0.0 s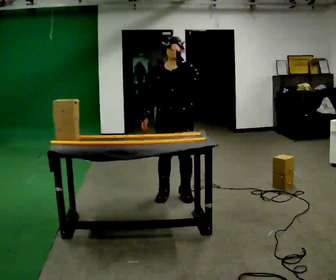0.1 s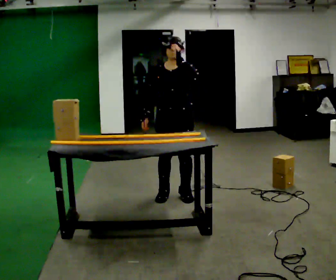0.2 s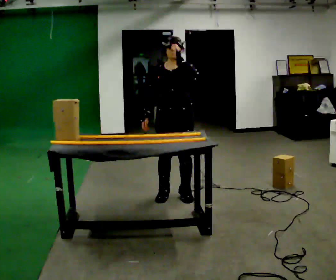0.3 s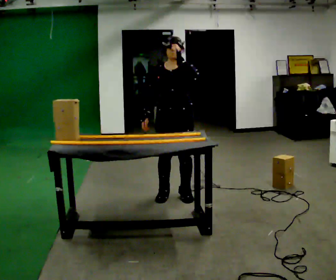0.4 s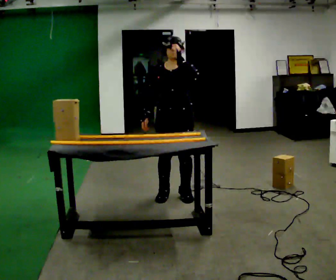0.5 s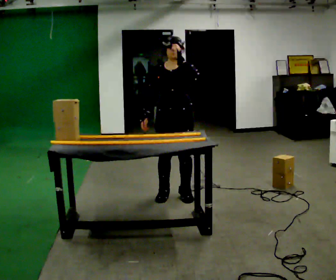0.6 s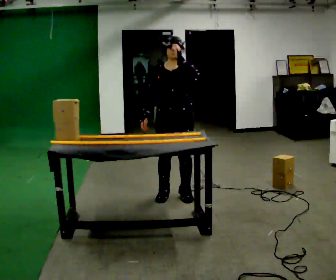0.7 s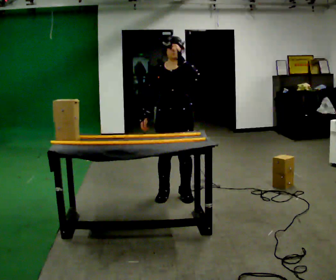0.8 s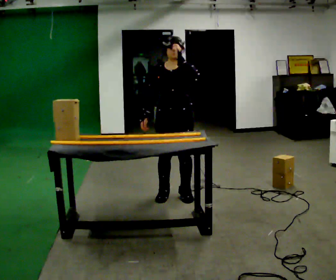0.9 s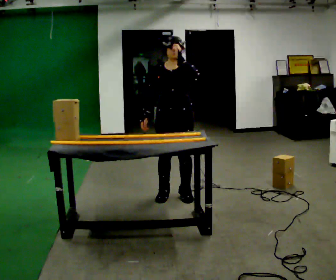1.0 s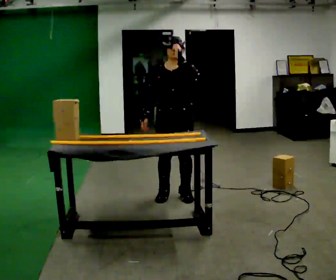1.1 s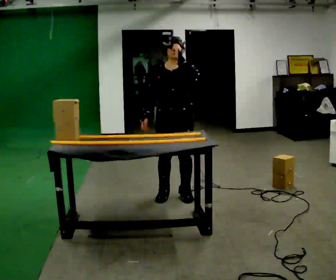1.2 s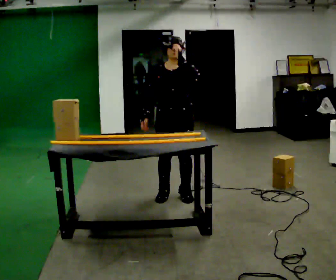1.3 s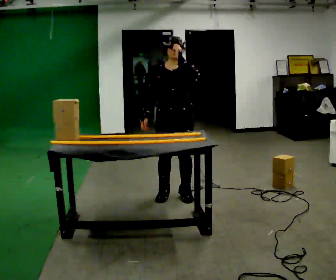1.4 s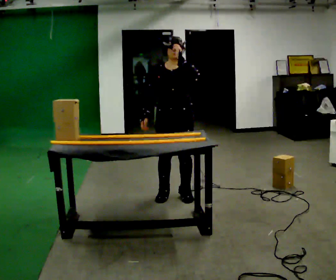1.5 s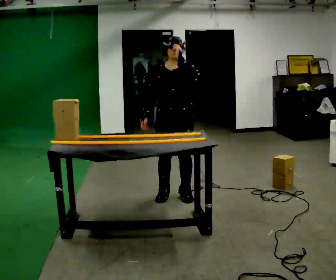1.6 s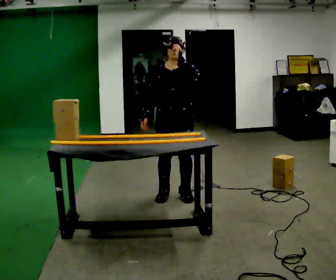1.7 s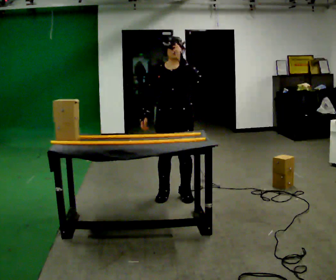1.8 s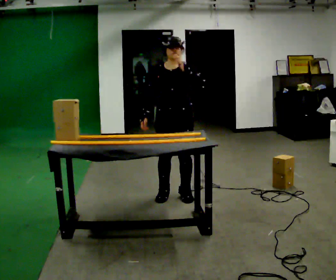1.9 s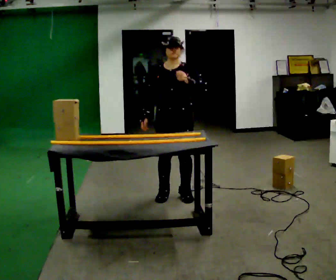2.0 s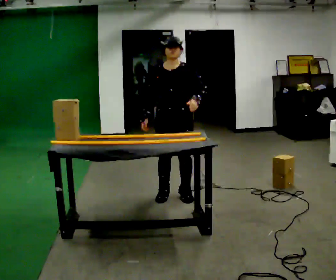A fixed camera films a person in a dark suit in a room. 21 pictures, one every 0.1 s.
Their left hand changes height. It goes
downward.
0.0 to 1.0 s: The person moves a little, or ends about where they began.
1.0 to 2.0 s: In the picture their left hand goes downward.
The film runs forward here.
